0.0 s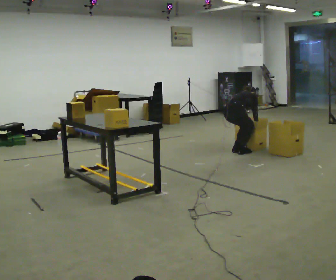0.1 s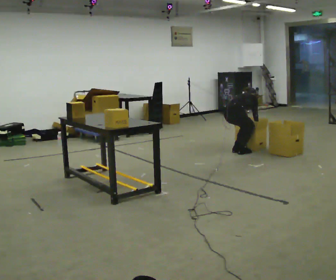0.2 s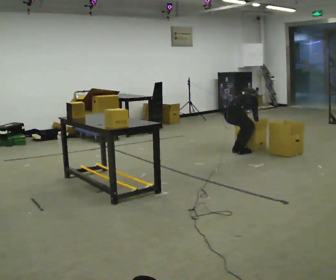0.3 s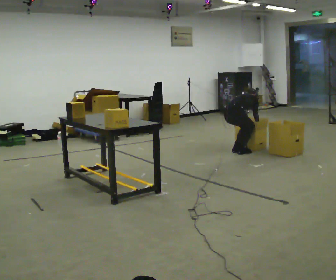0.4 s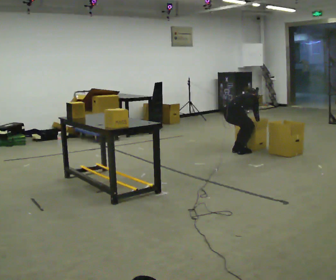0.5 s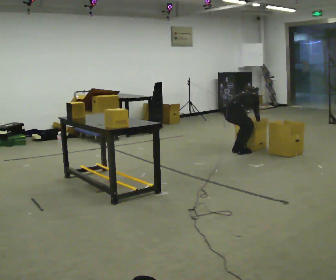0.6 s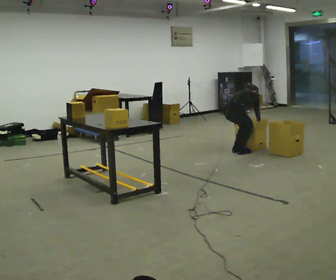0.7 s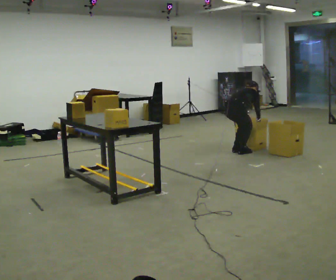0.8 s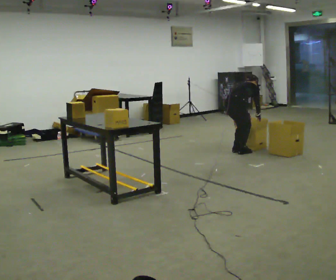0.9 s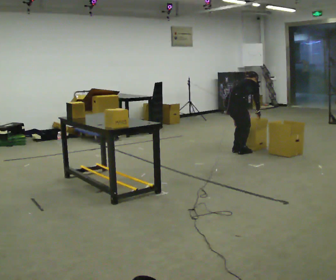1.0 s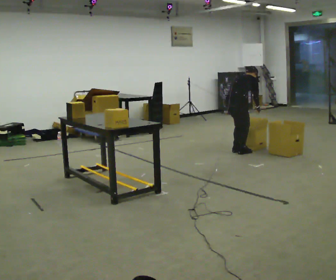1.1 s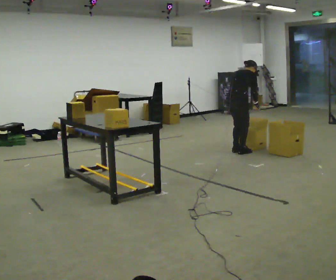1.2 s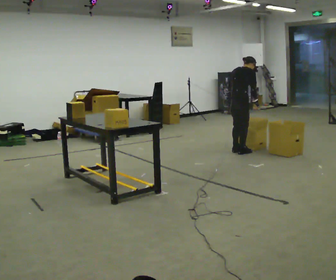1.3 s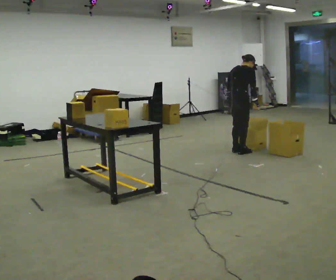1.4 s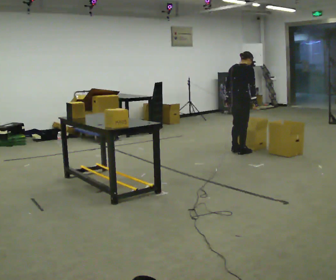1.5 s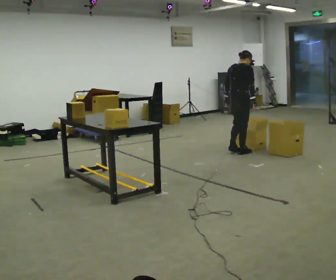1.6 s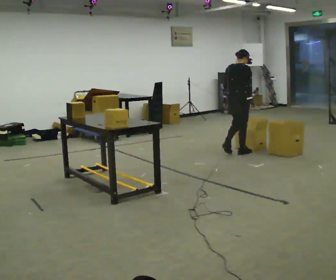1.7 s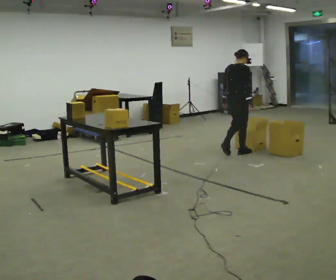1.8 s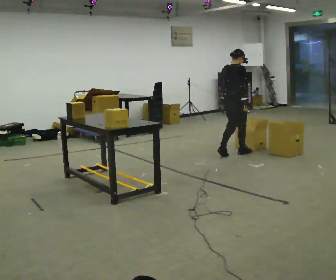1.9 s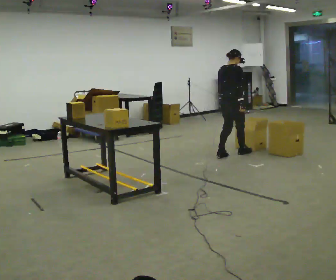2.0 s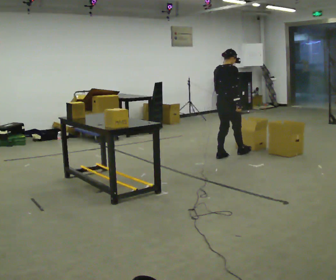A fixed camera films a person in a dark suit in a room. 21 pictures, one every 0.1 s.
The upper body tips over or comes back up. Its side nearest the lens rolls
downward.
The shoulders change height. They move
upward.
0.0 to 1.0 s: The shoulders move upward. The upper body tips toward the camera, its near side rolling downward, as they lean back or straighten.
1.0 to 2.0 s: In the picture they go toward the camera, about 0.25 m in 2 steps, which for them is backward. The shoulders move upward. The upper body tips toward the camera, its near side rolling downward, as they lean back or straighten. In the picture their right hand goes to the left.
The film runs backward here.
